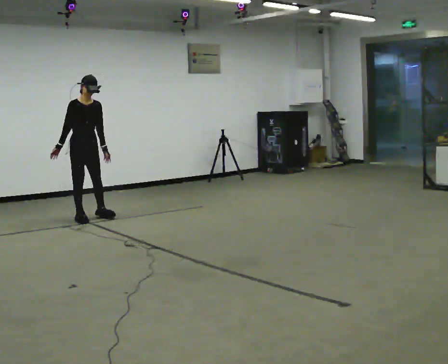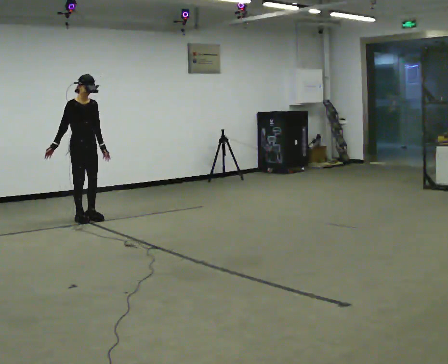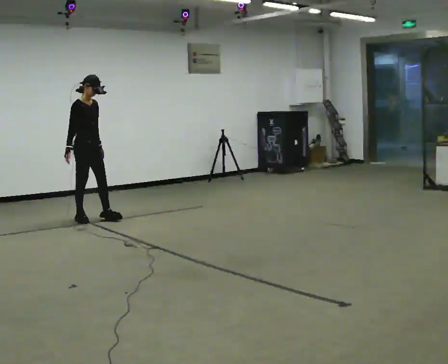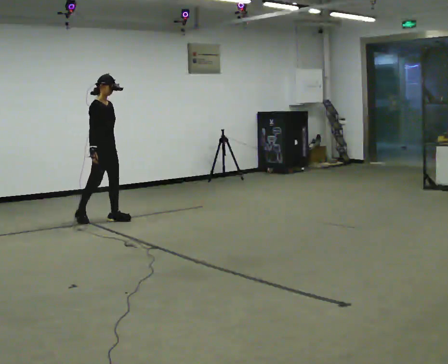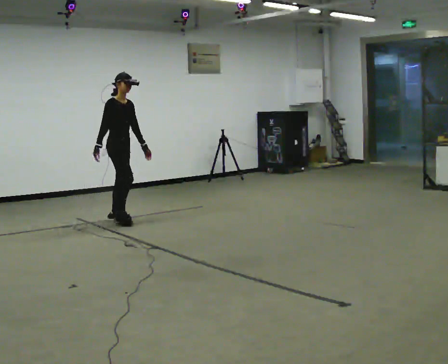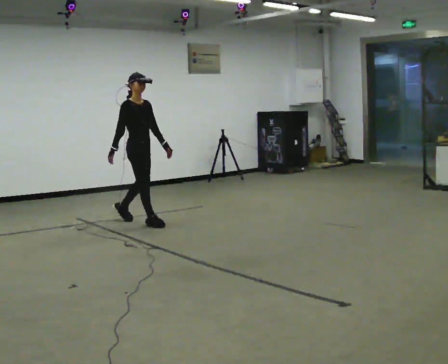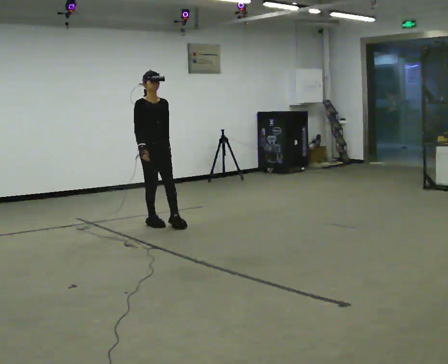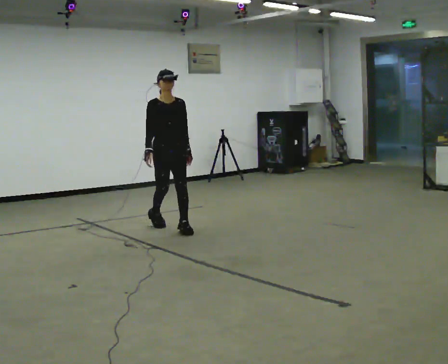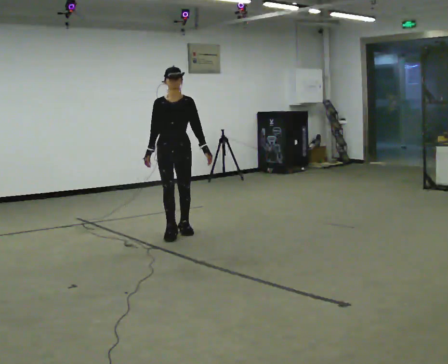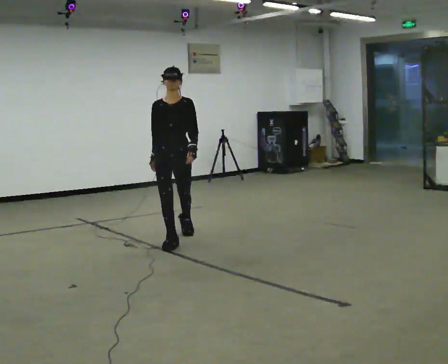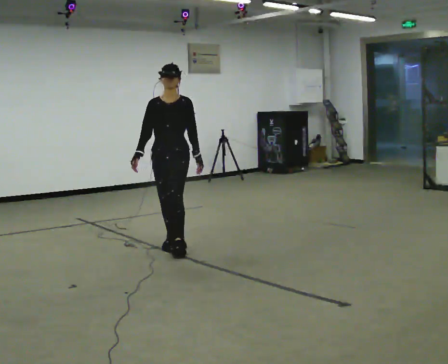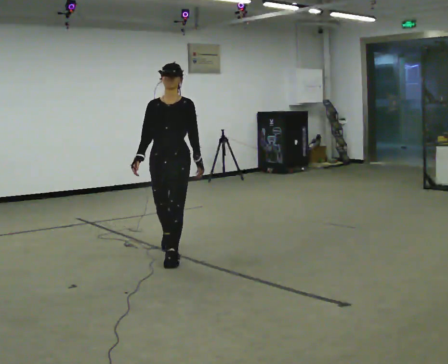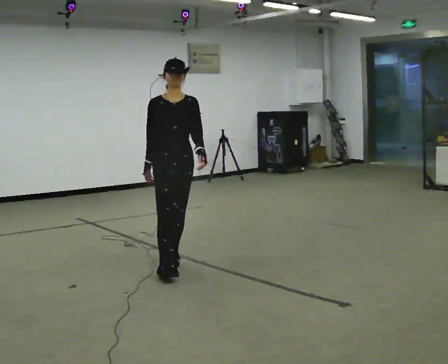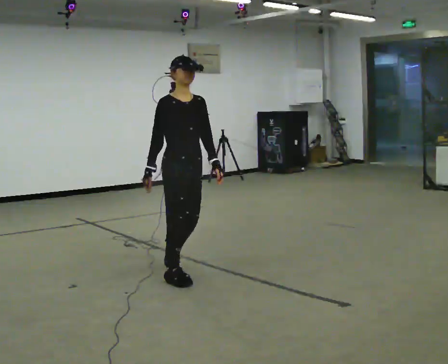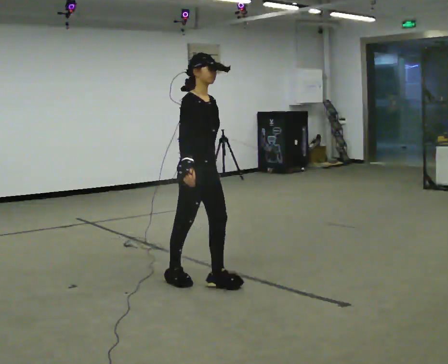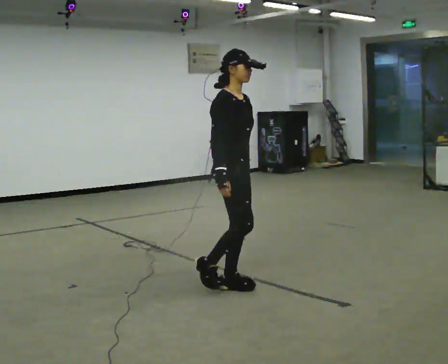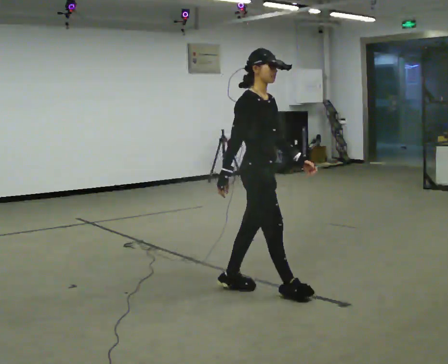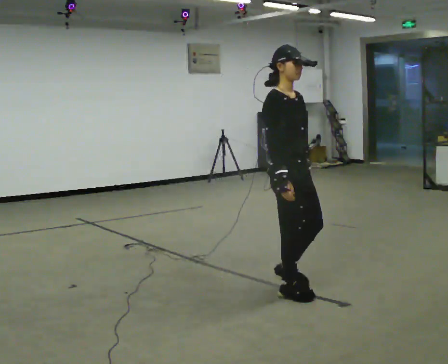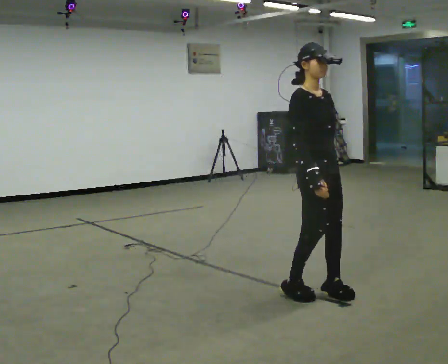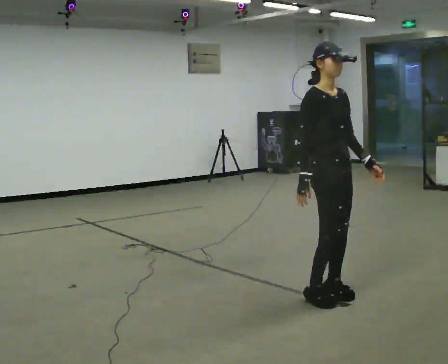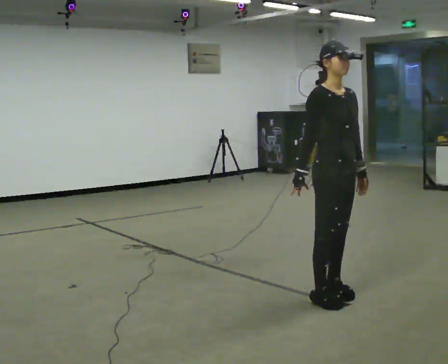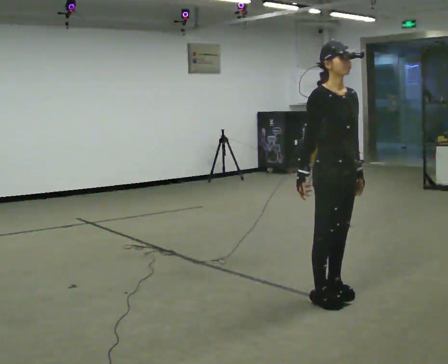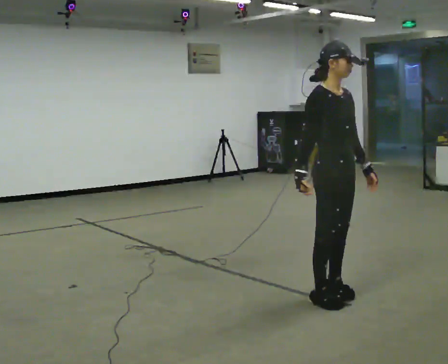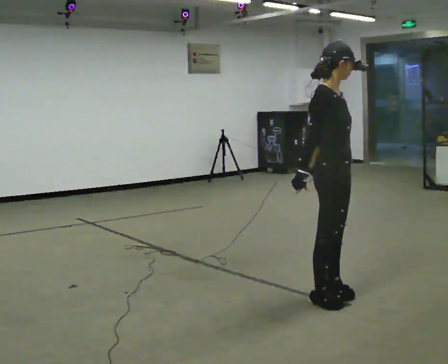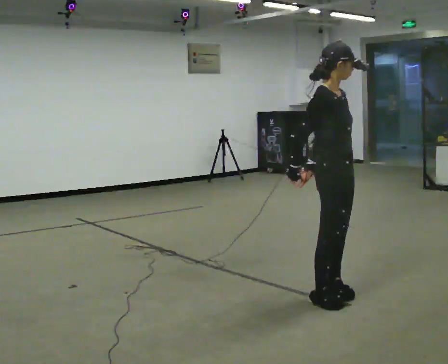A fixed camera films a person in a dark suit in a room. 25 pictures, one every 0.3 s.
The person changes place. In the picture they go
toward the camera.
0.0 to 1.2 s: The person turns about 30 degrees to their left, counterclockwise seen from above, so the part of the body nearest the lens slides to the right. In the picture they go to the right, about 0.5 m in 1 step, which for them is forward.
1.2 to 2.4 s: The part of the body nearest the lens slides to the left as the person turns to their right by about 60 degrees. In the picture they go toward the camera and to the right, about 1 m in 2 steps, which for them is forward.
2.4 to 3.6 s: In the picture they go toward the camera, about 1 m in 2 steps, which for them is forward.
3.6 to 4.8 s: Seen from above the body turns counterclockwise, about 45 degrees: to their left, with its near side sliding to the right. In the picture they go toward the camera and to the right, about 1 m in 3 steps, which for them is forward.
4.8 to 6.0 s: Seen from above the body turns clockwise, about 30 degrees: to their right, with its near side sliding to the left. In the picture they go to the right and toward the camera, about 0.5 m in 2 steps, which for them is forward.
6.0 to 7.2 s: In the picture their left hand goes to the left.
The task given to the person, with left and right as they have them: Walk forward; gradually curve left/right; straighten out.
The film runs forward here.
